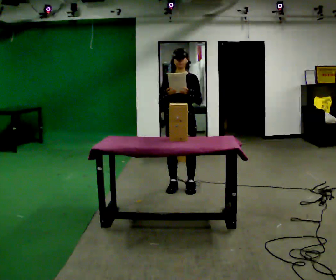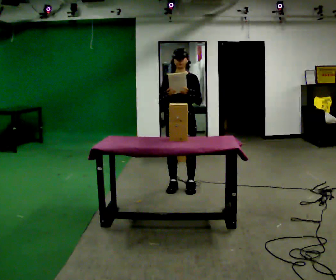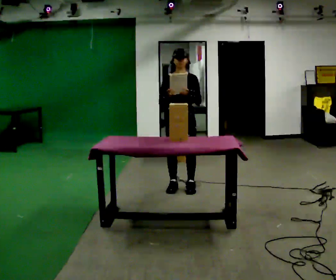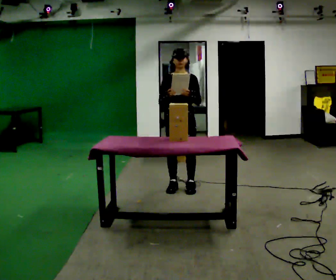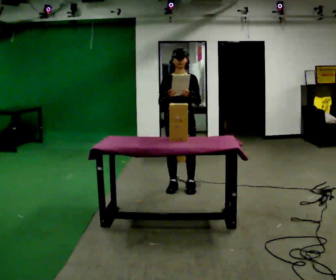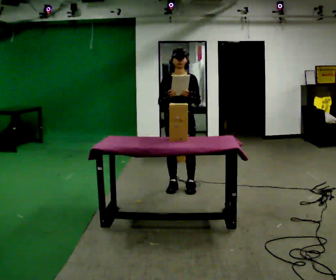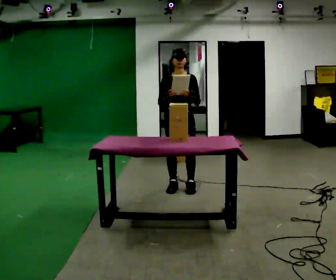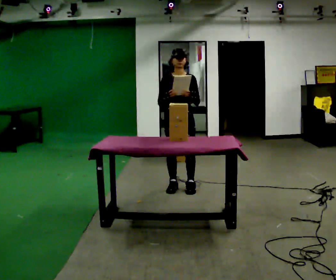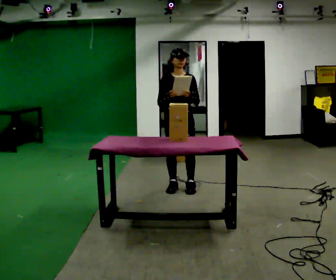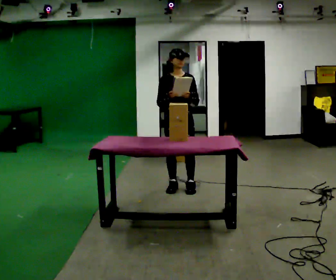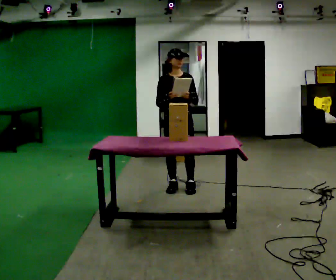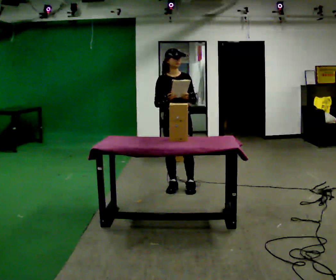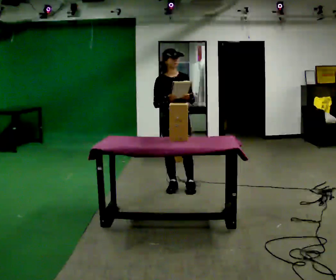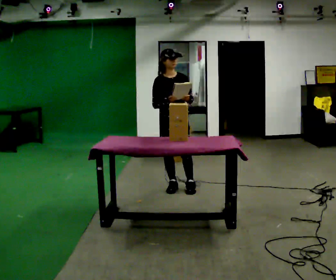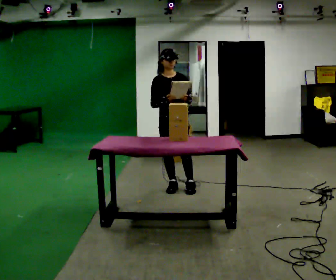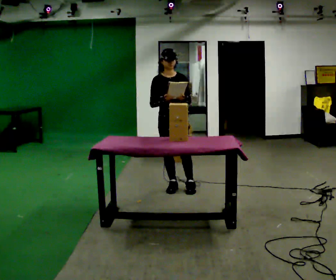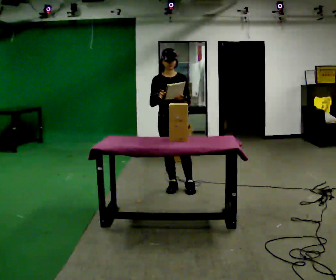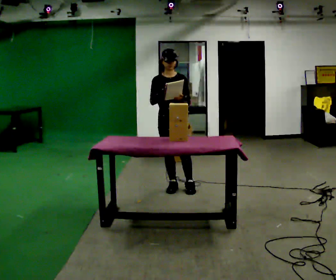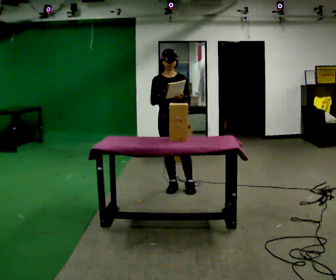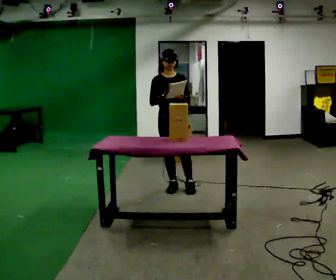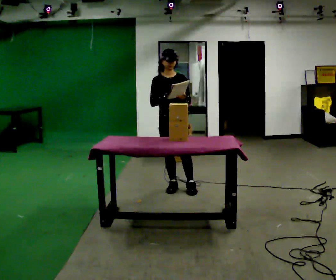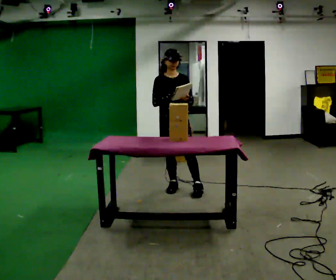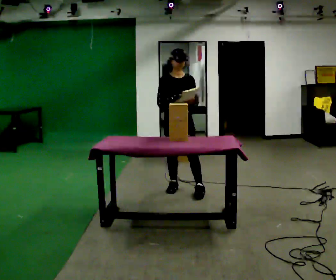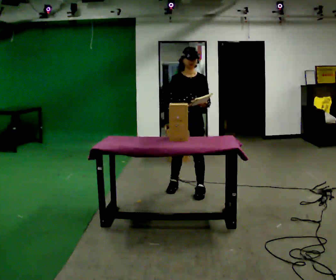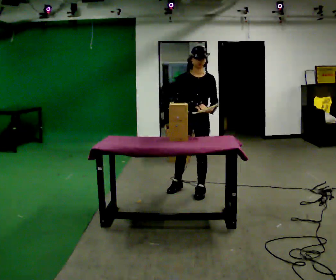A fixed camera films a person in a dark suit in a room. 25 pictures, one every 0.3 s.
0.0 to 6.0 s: The person moves a little, or ends about where they began.
6.0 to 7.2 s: In the picture they go to the right, about 0.25 m in 1 step, which for them is to their left and forward.
The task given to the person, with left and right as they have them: 1. Read the list the operator gives you. 2. Collect the six items on the list from the shelves. 3. Put them all in the bin on the table. 4. Tell the operator when you are finished.
The film runs forward here.
